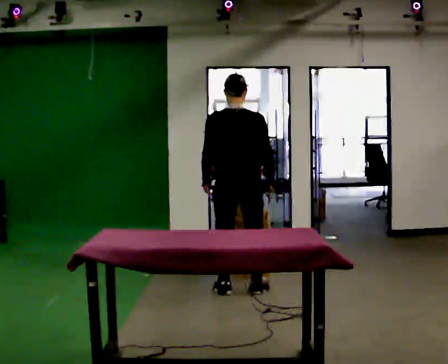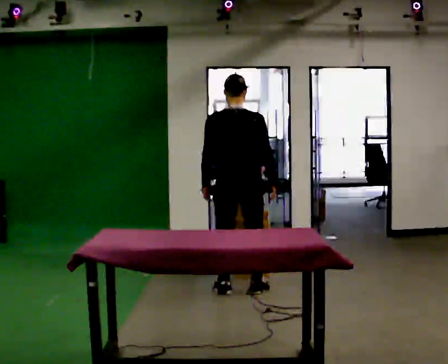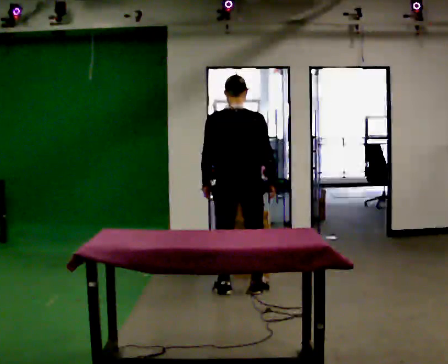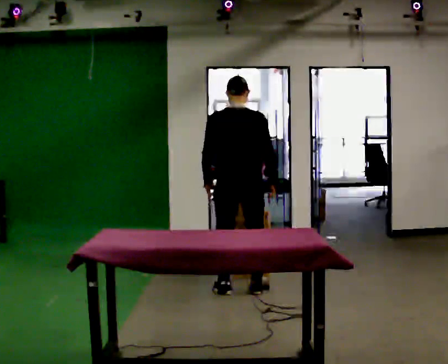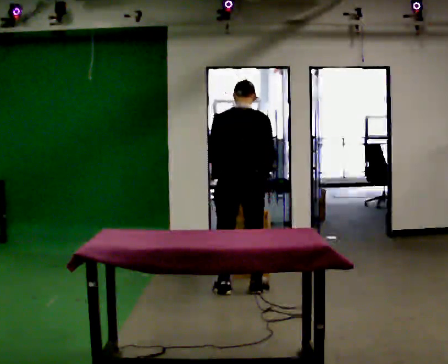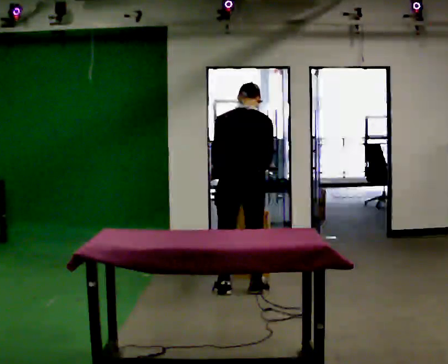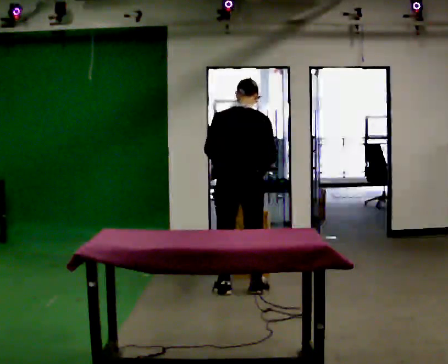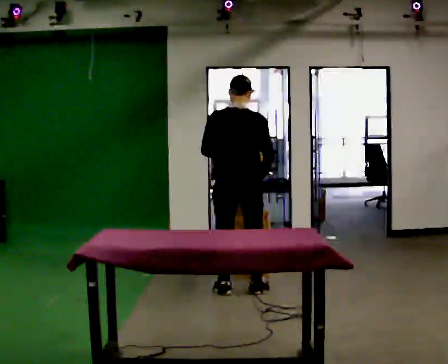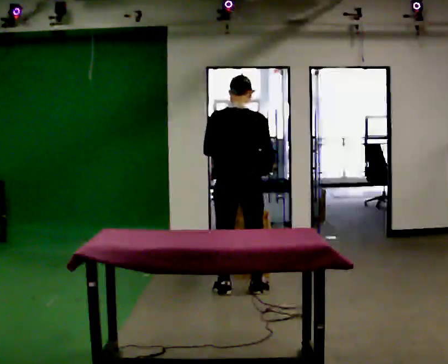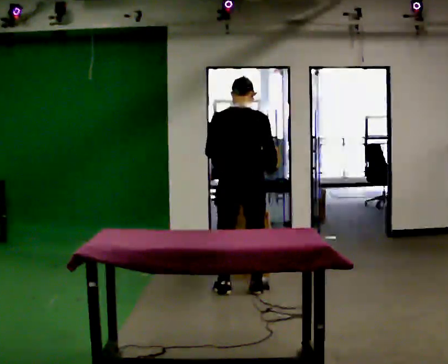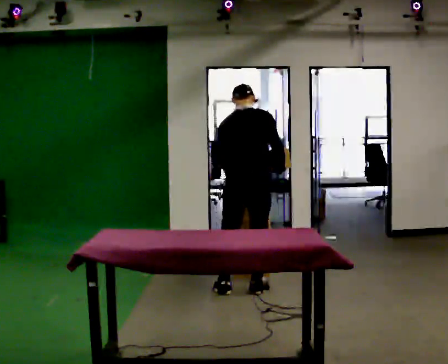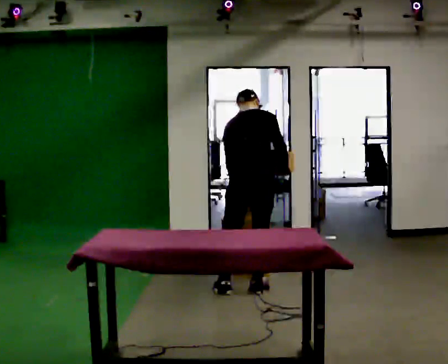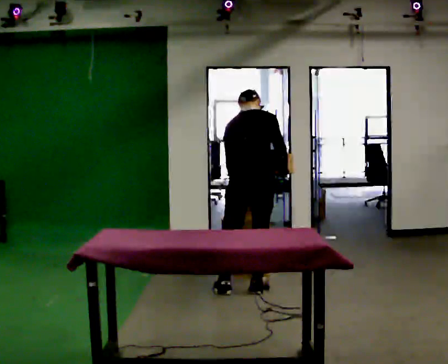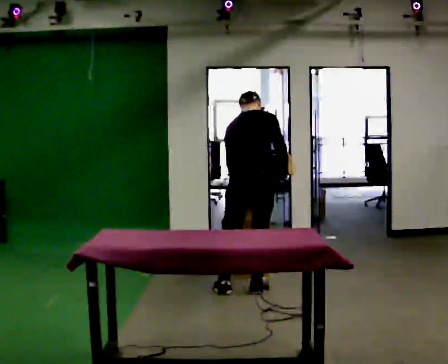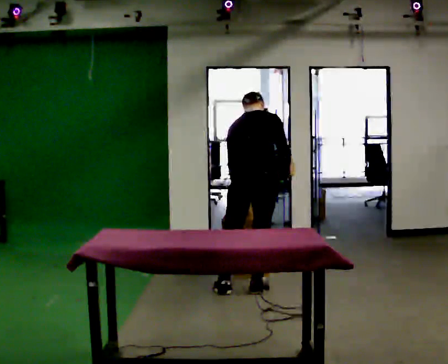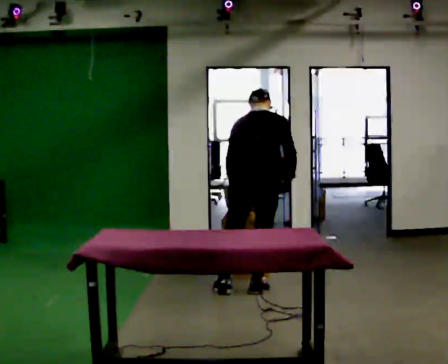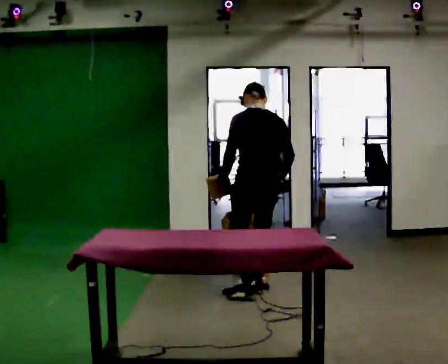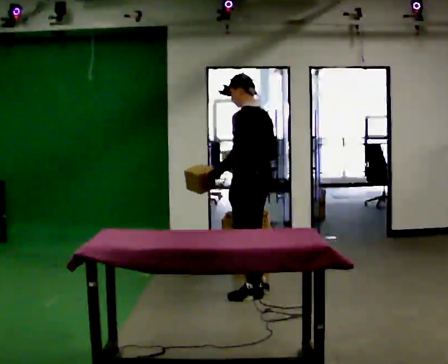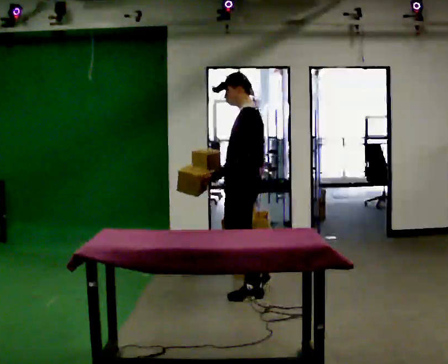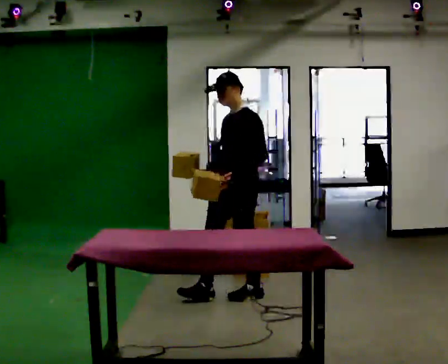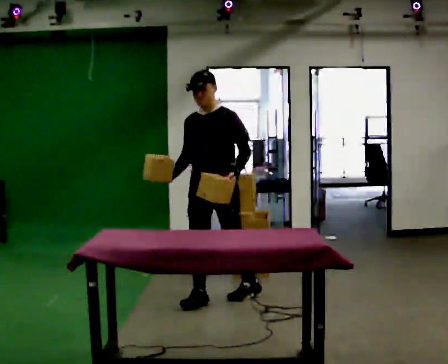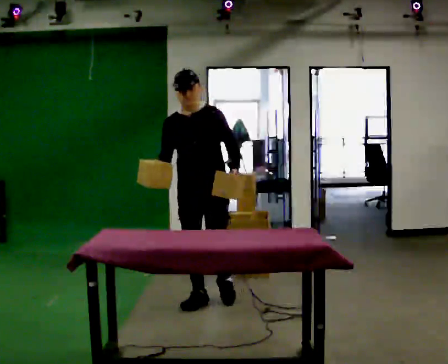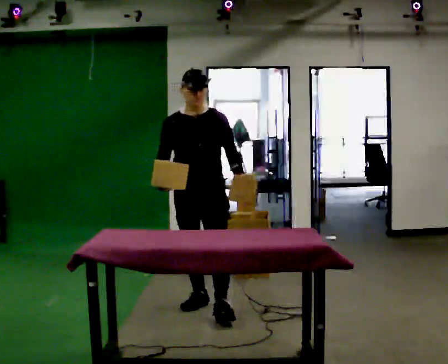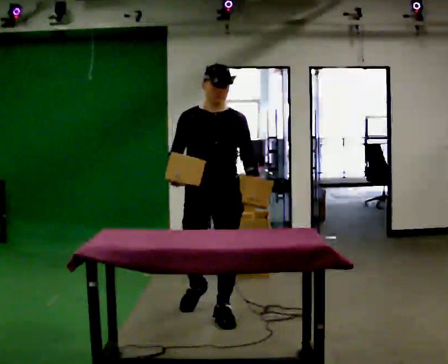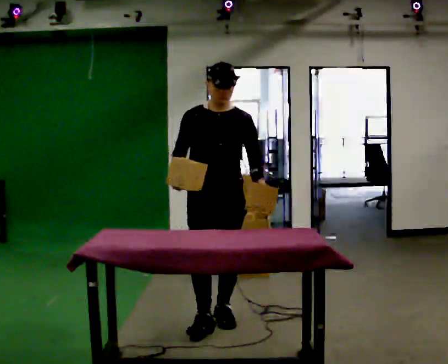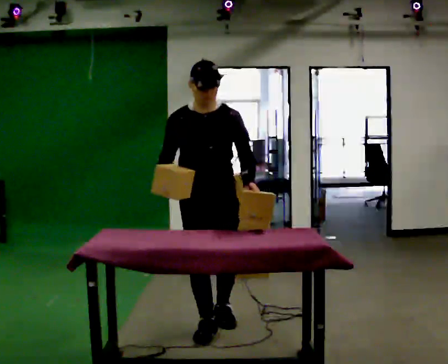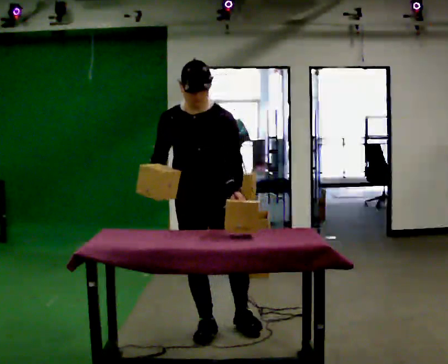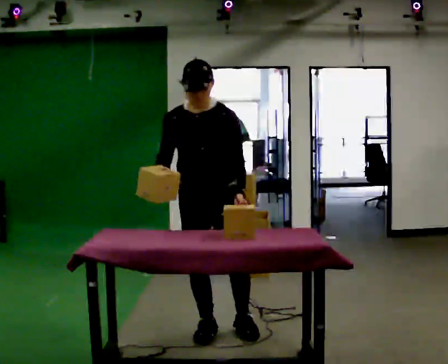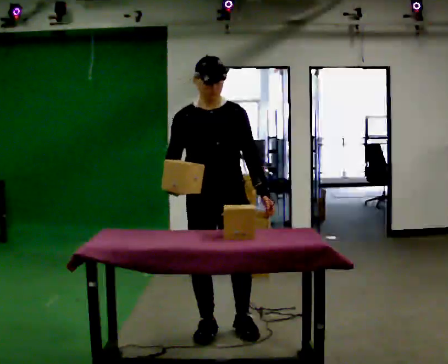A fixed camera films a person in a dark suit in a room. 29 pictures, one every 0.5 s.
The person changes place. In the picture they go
toward the camera.
0.0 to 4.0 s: The person moves a little, or ends about where they began.
4.0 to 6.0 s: The upper body tips away from the camera, its near side rolling upward, as they bend forward.
6.0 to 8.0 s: Seen from above the body turns counterclockwise, about 45 degrees: to their left, with its near side sliding to the right.
8.0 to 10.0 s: Seen from above the body turns counterclockwise, about 120 degrees: to their left, with its near side sliding to the right. In the picture they go to the left and toward the camera, about 0.5 m in 2 steps.
10.0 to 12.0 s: The part of the body nearest the lens slides to the right as the person turns to their left by about 30 degrees. In the picture they go toward the camera, about 0.5 m in 1 step, which for them is forward.
12.0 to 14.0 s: In the picture they go toward the camera, about 0.25 m in 2 steps, which for them is forward.
The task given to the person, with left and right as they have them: Carry two objects across the room, then put just one of them on the shelf while still holding the other. Then bring them both back. Keep going until the operator says stop; one object at a time, and do not rush between trips.
The film runs forward here.
